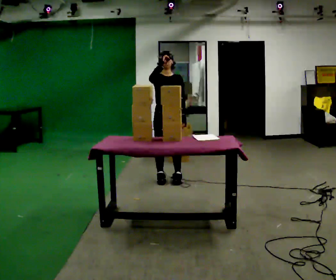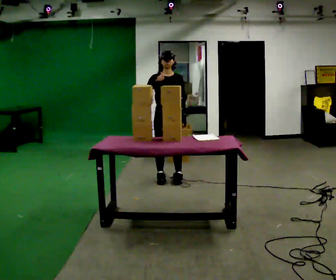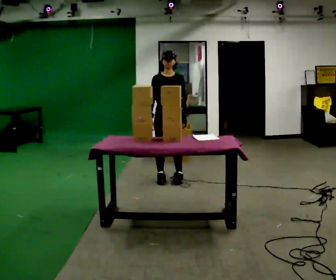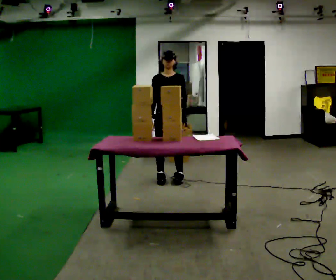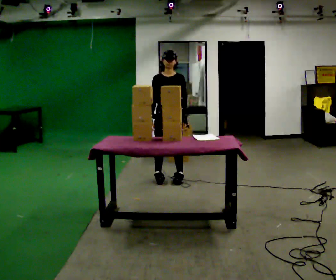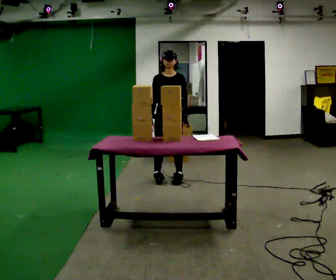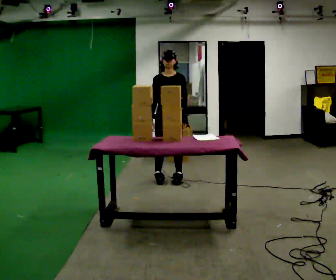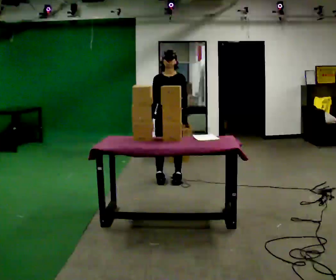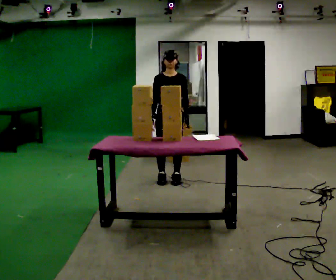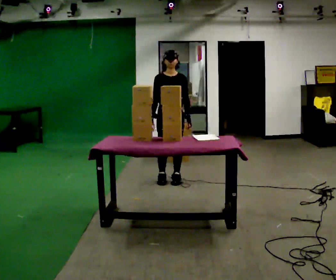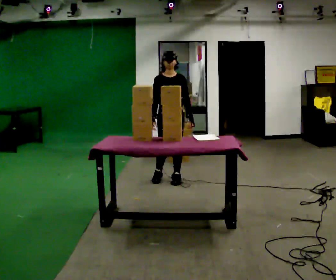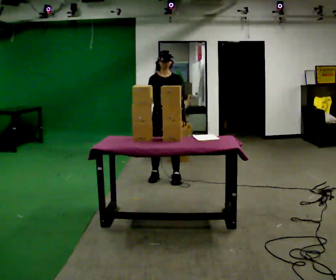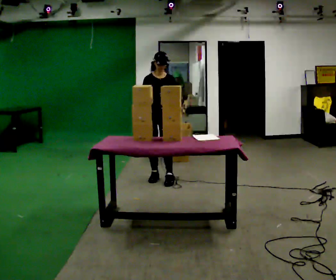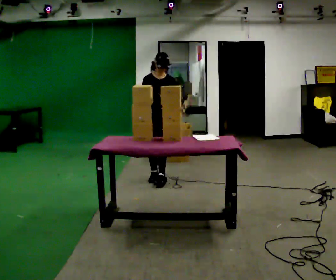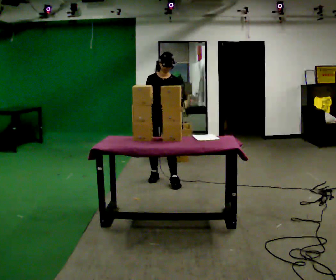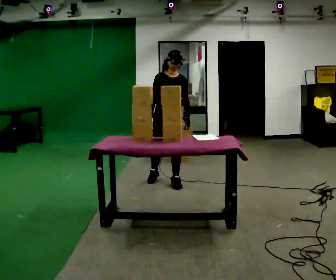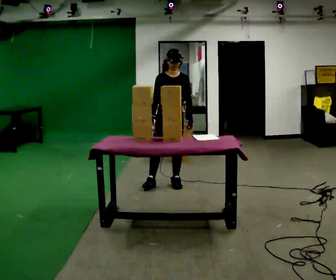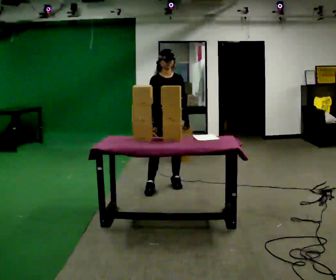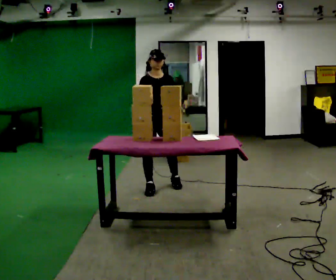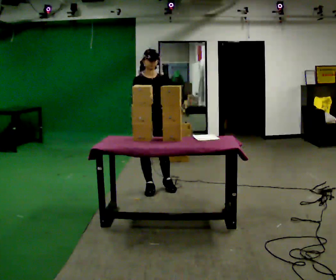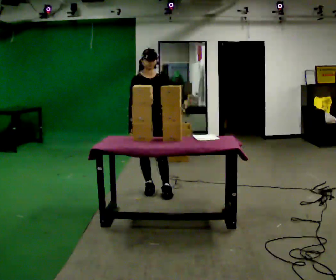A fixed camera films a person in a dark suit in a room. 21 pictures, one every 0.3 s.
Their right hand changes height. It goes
downward.
0.0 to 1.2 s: In the picture their right hand goes downward.
1.2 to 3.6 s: The person moves a little, or ends about where they began.
3.6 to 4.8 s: In the picture they go toward the camera and to the right, about 0.25 m in 1 step, which for them is forward and to their left.
4.8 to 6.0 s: In the picture they go toward the camera and to the left, about 0.25 m in 1 step, which for them is to their right and forward.
The film runs backward here.
